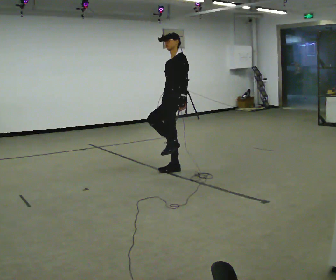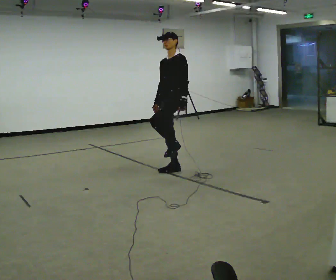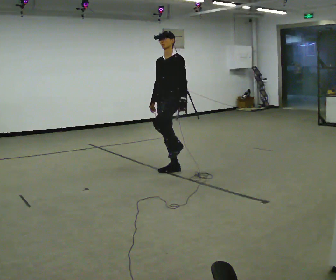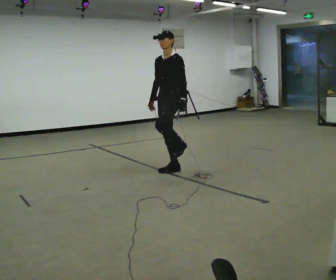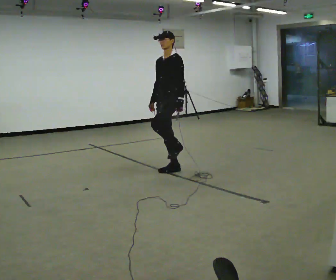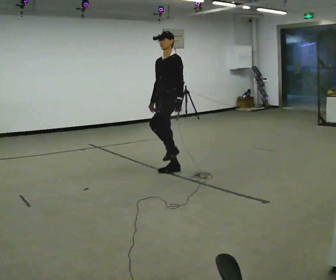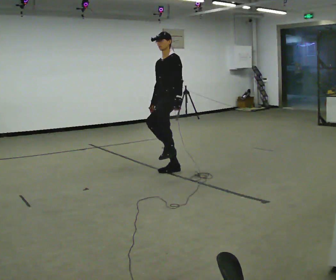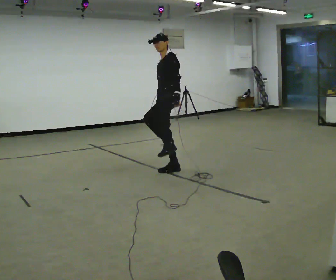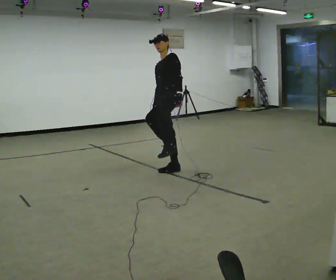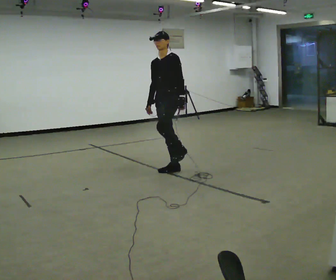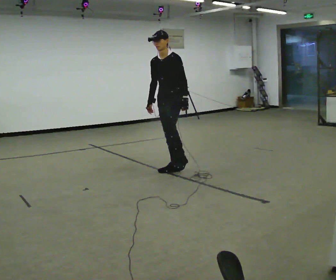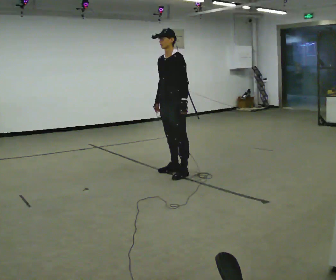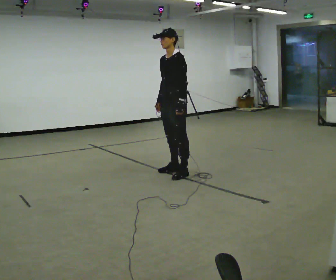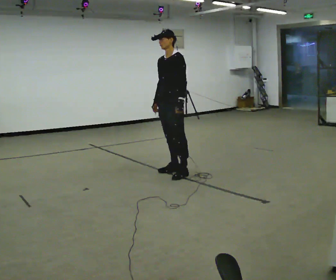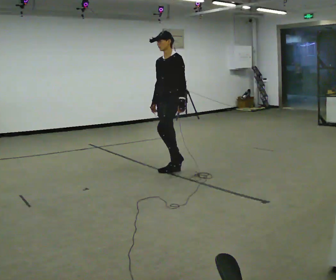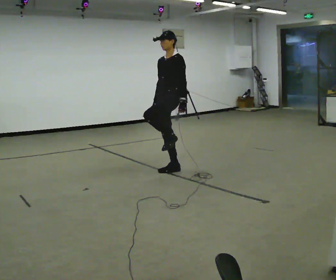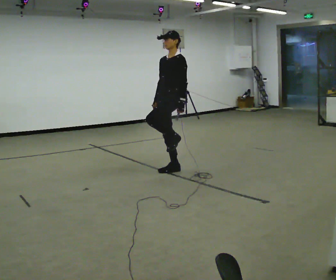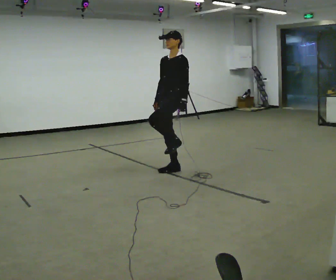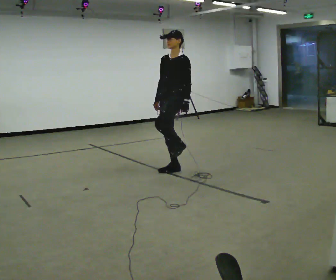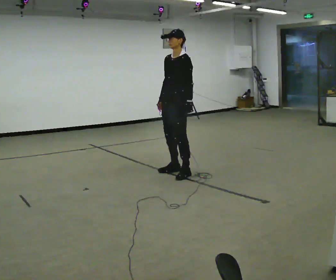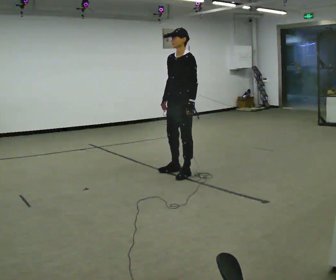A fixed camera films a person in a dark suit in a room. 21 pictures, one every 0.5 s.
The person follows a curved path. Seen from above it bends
counterclockwise.
0.0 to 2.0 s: The person moves a little, or ends about where they began.
2.0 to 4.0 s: The upper body tips away from the camera, its near side rolling upward.
4.0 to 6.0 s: The upper body tips toward the camera, its near side rolling downward.
6.0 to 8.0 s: In the picture they go away from the camera, about 0.25 m in 1 step, which for them is to their right.
8.0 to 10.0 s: In the picture they go toward the camera, about 0.25 m in 1 step, which for them is to their left.
The film runs forward here.
